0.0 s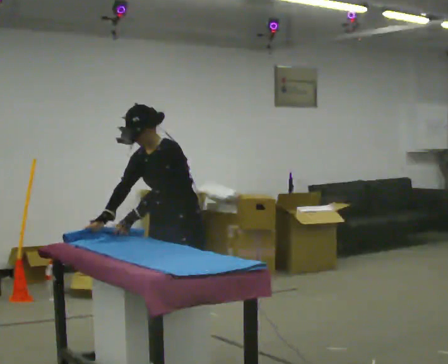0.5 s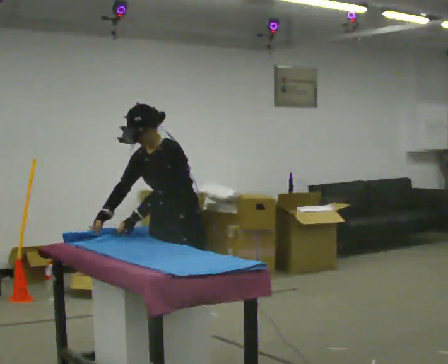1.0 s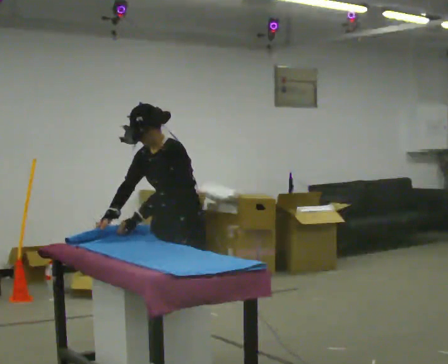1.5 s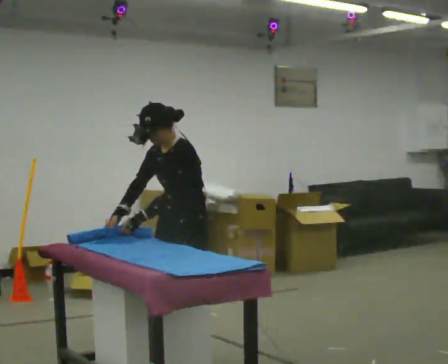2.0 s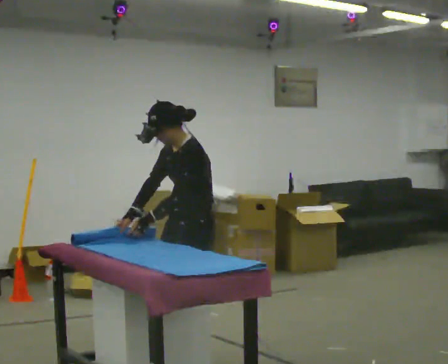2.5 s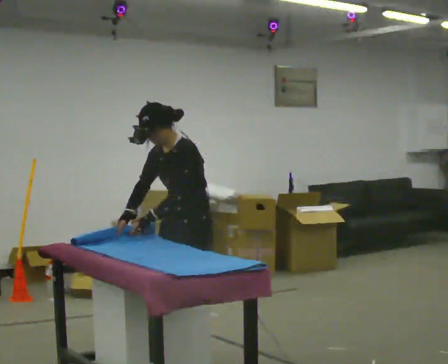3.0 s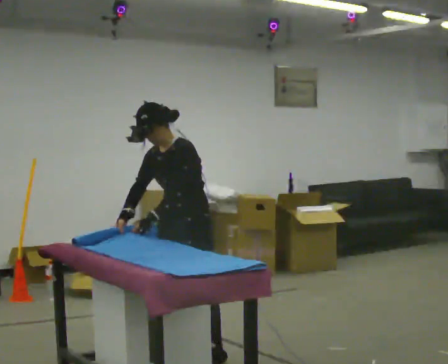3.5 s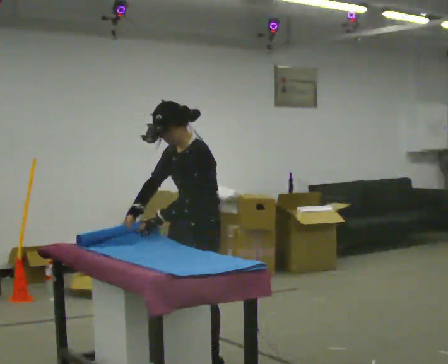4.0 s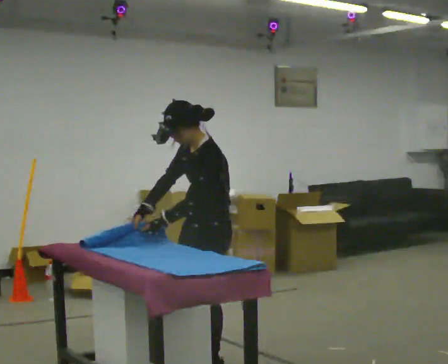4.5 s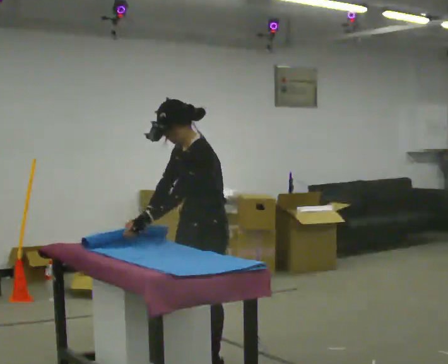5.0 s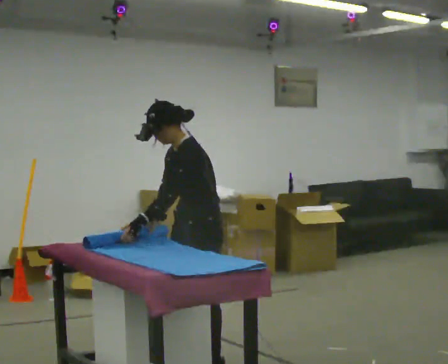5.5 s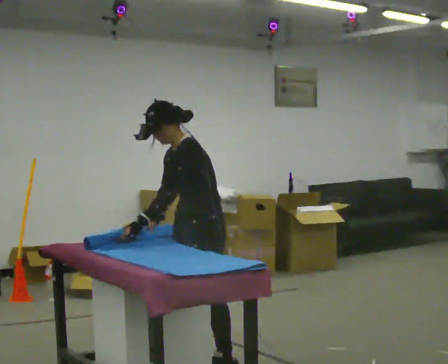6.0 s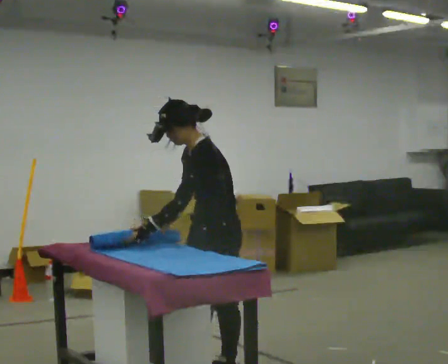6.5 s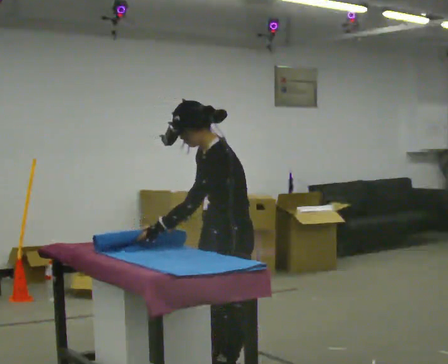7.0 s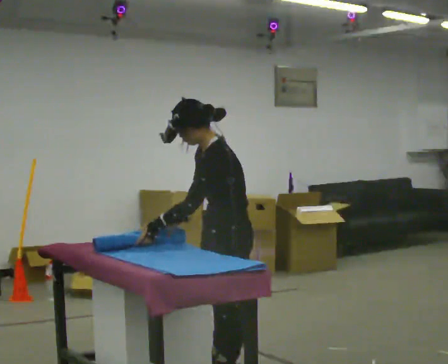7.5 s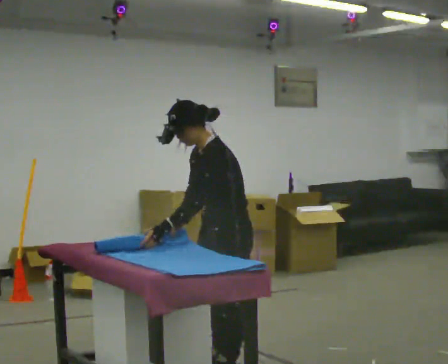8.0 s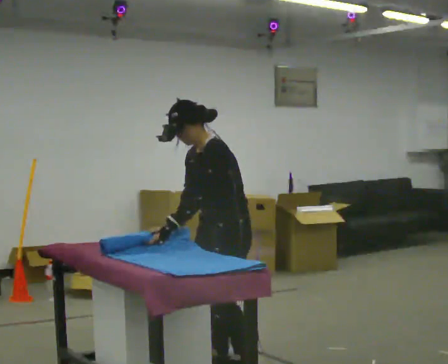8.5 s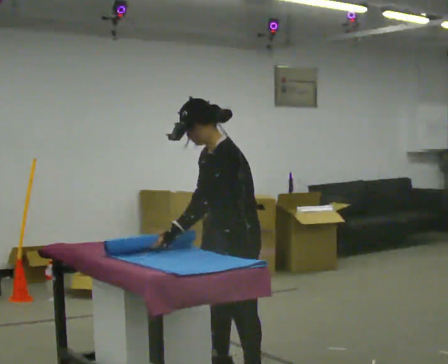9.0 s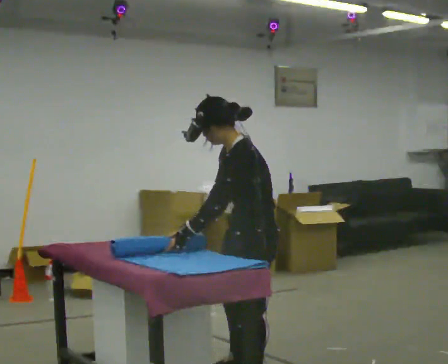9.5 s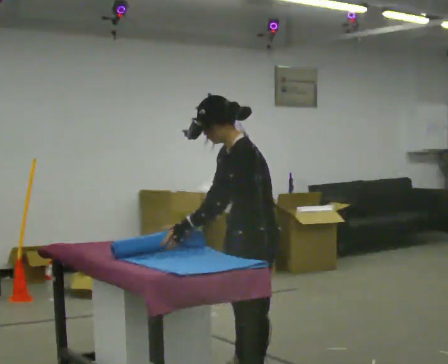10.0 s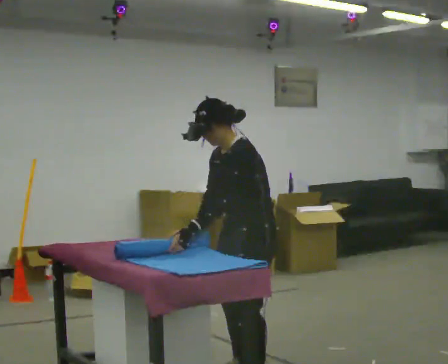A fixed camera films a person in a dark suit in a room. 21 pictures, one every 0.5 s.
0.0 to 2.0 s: Seen from above the body turns clockwise, about 30 degrees: to their right, with its near side sliding to the left.
2.0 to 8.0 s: In the picture they go toward the camera and to the right, about 0.25 m in 2 steps, which for them is to their left.
8.0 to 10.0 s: In the picture they go toward the camera, about 0.25 m in 2 steps, which for them is to their left.
The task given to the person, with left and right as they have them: Roll the mat up from one end, then unroll it again. Repeat at your own pace until the operator says stop.
The film runs forward here.
